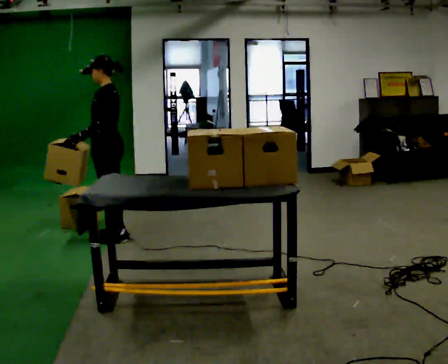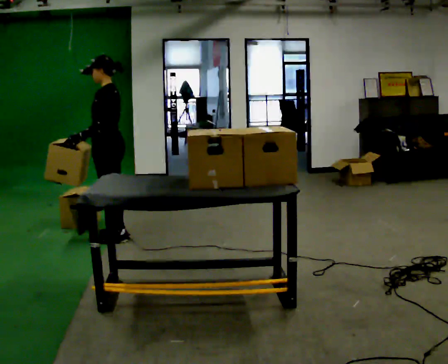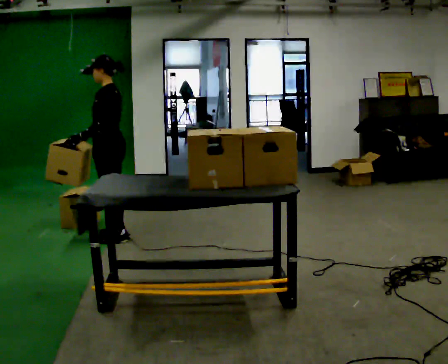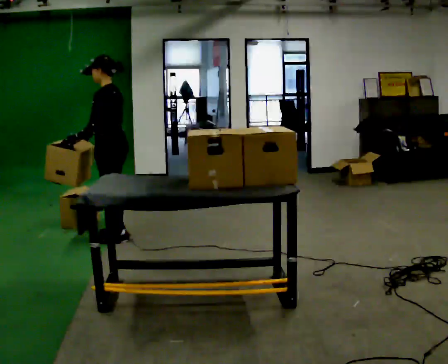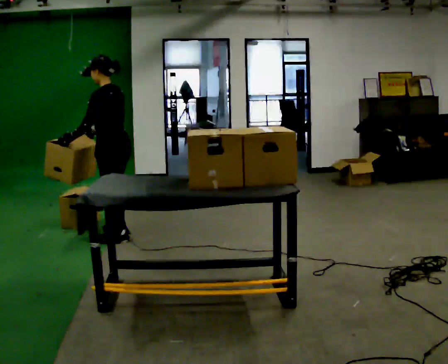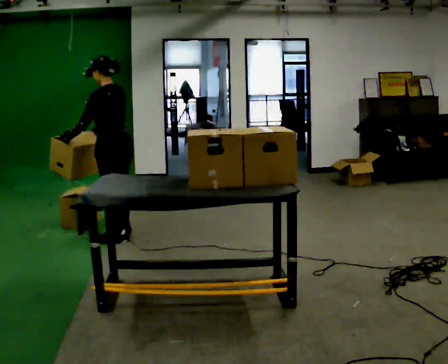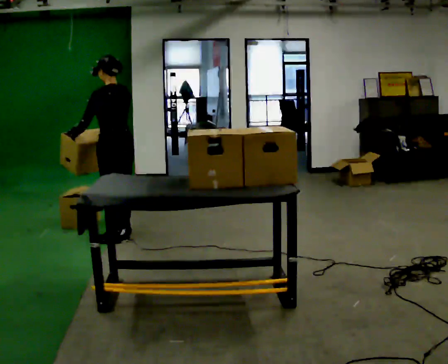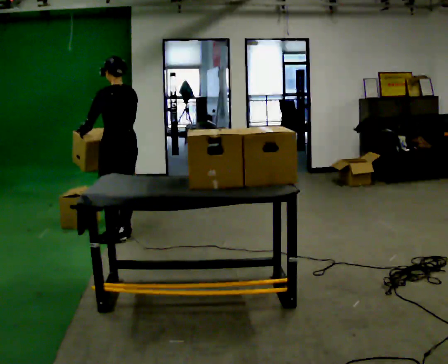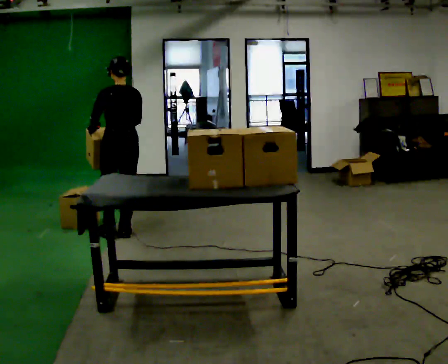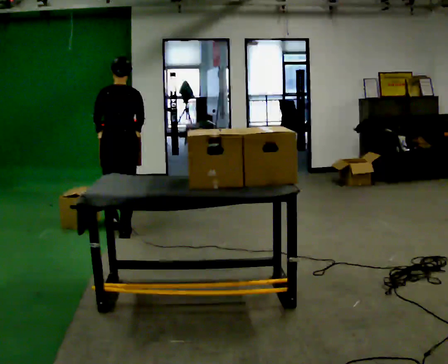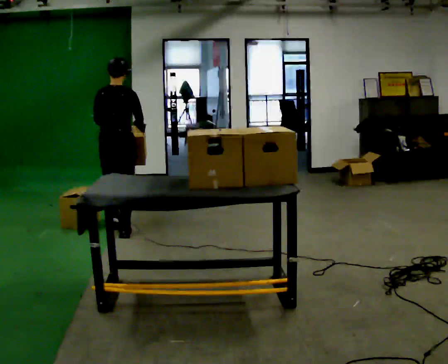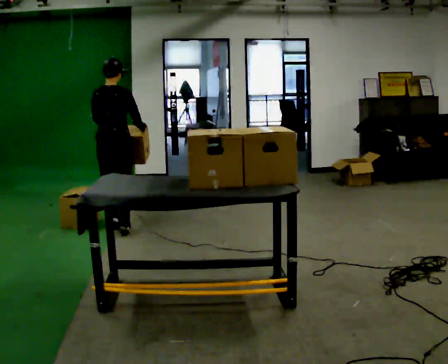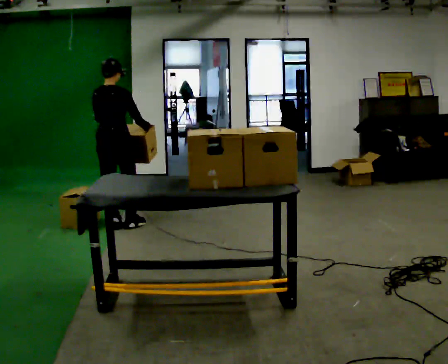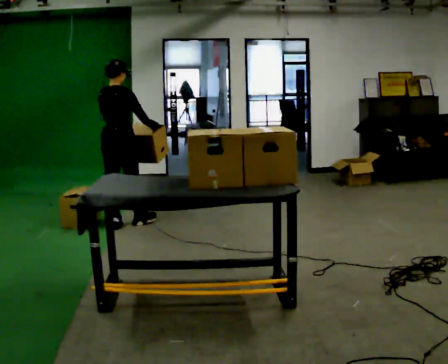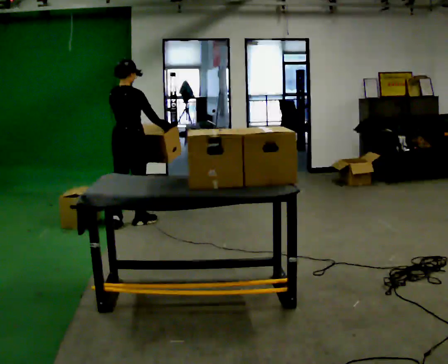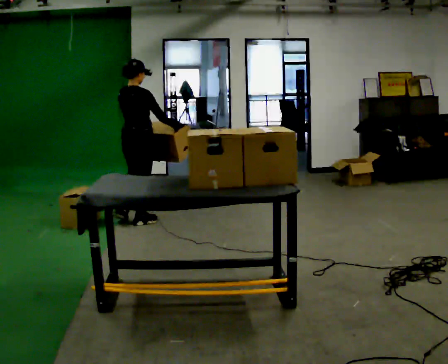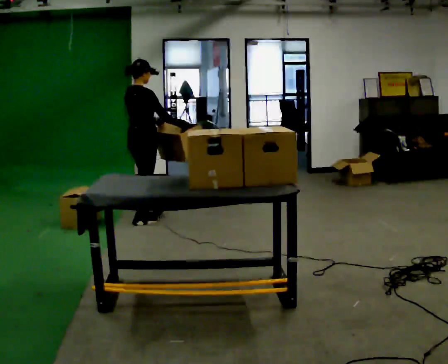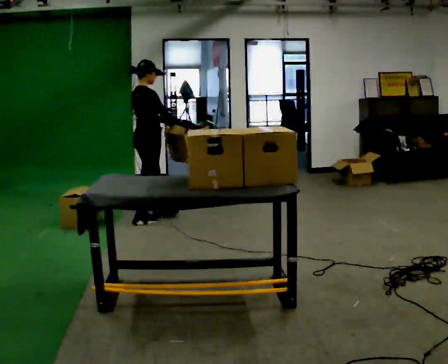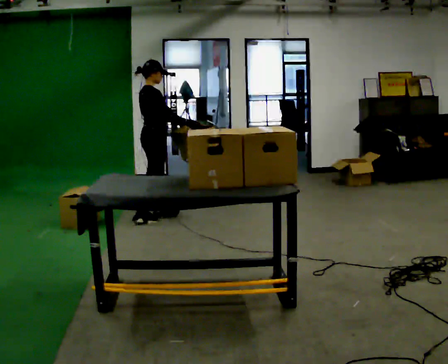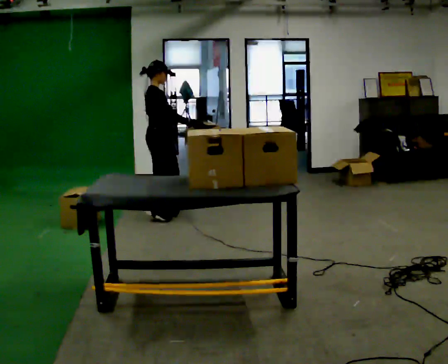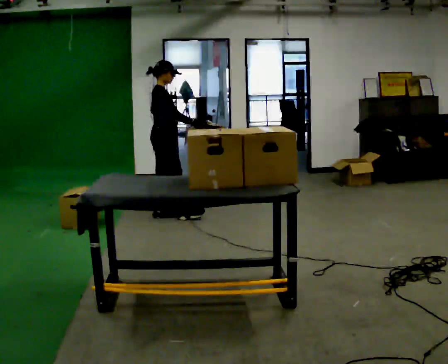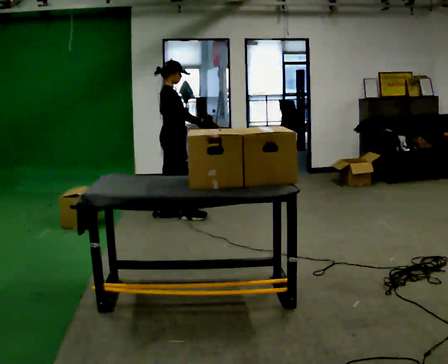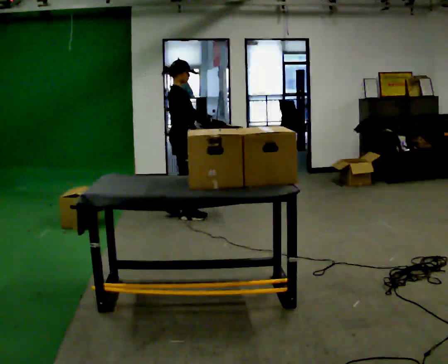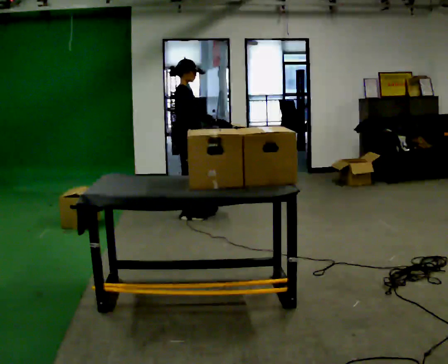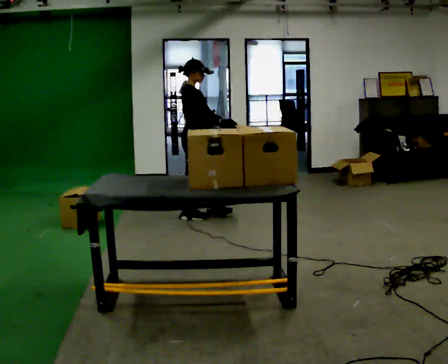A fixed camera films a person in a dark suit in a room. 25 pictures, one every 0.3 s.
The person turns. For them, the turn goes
to their right.
The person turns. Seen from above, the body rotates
clockwise.
0.0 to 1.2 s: The person moves a little, or ends about where they began.
1.2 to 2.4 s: The person turns about 45 degrees to their right, clockwise seen from above, so the part of the body nearest the lens slides to the left. In the picture they go away from the camera, about 0.25 m, which for them is to their right.
2.4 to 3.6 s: The person turns about 45 degrees to their right, clockwise seen from above, so the part of the body nearest the lens slides to the left. In the picture they go away from the camera, about 0.25 m in 1 step, which for them is forward and to their left.
3.6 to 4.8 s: The part of the body nearest the lens slides to the left as the person turns to their right by about 30 degrees. In the picture they go to the right, about 0.25 m in 1 step, which for them is forward.
4.8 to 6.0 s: Seen from above the body turns clockwise, about 30 degrees: to their right, with its near side sliding to the left. In the picture they go to the right and away from the camera, about 0.25 m in 2 steps, which for them is forward and to their left.
6.0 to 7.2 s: In the picture they go to the right, about 0.25 m in 1 step, which for them is forward.
The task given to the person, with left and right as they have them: Pick up the next box in the row and carry it to the table. The operator will not tell you how heavy each one is. Keep going until the operator says stop; one object at a time, and do not rush between trips.
The film runs forward here.
